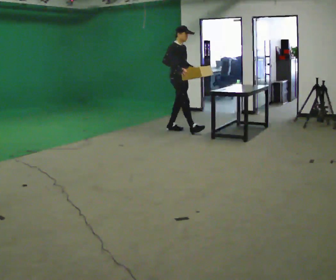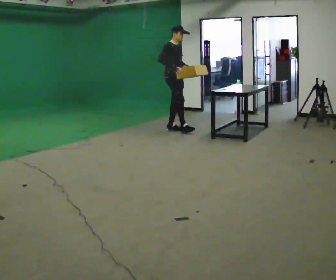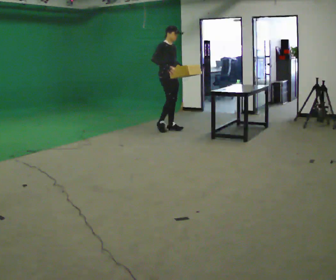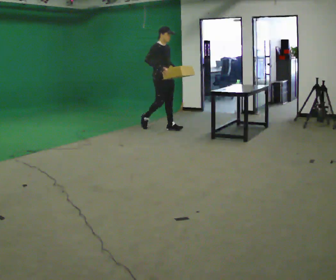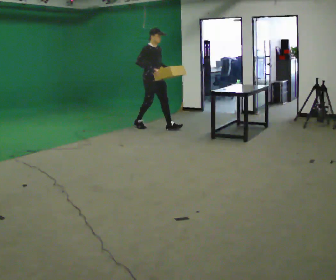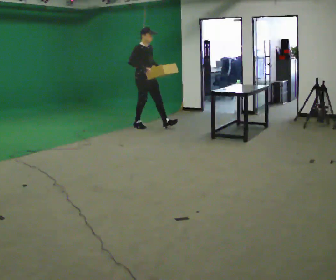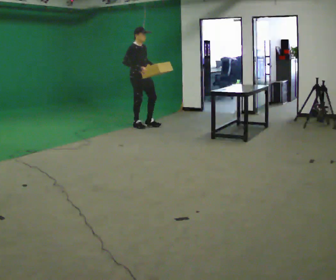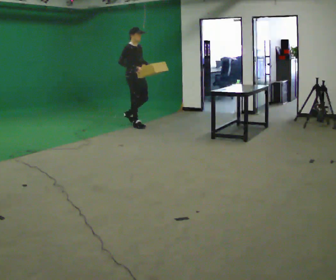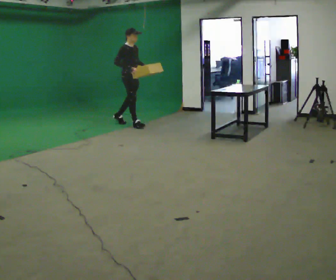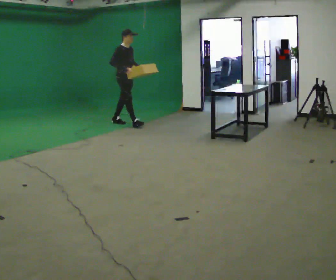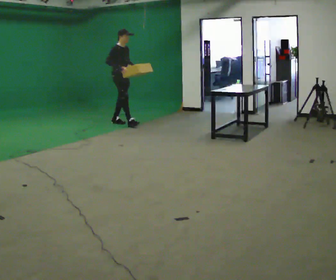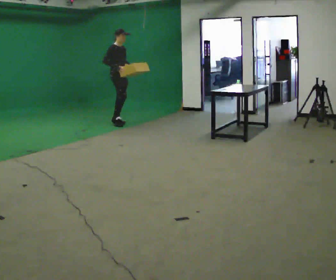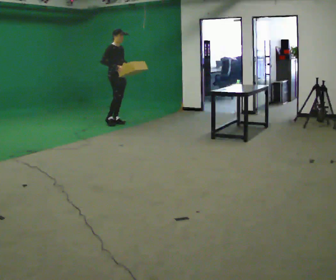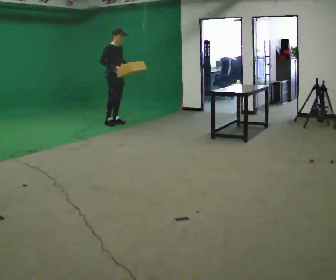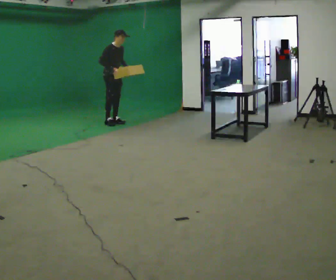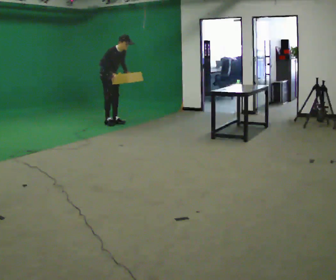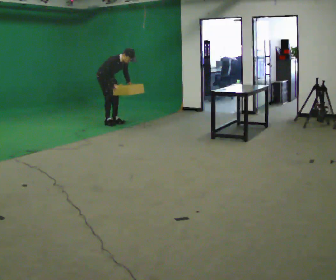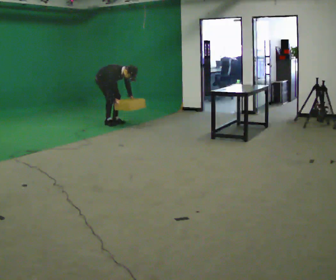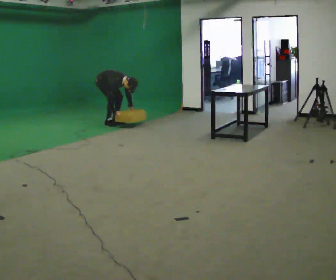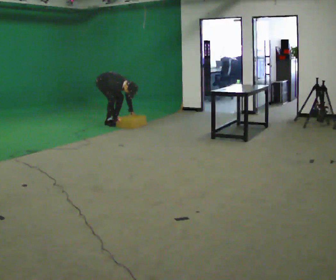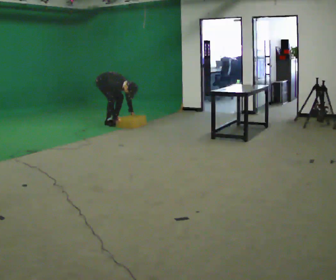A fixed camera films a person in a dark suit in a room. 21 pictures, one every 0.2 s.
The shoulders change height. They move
downward.
Their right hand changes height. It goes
downward.
0.0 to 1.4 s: In the picture they go to the left and away from the camera, about 1 m in 2 steps, which for them is backward.
1.4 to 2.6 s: In the picture they go to the left and away from the camera, about 0.5 m in 1 step, which for them is backward.
2.6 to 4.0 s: In the picture they go to the left, about 0.25 m, which for them is backward. The shoulders move downward. In the picture the upper body tilts clockwise, shoulders to the right, as they bend forward. In the picture their right hand goes downward.
The film runs backward here.
